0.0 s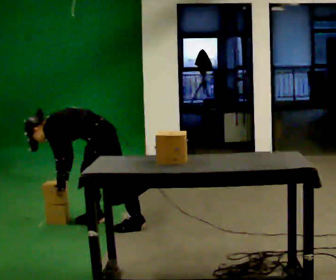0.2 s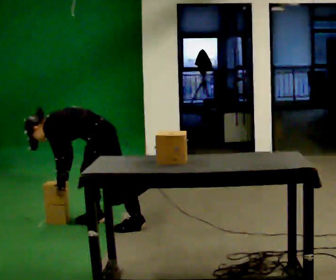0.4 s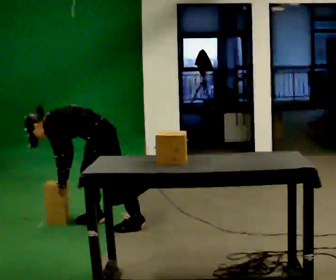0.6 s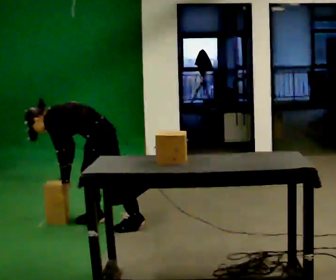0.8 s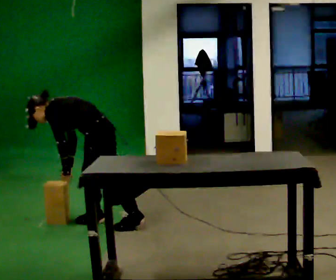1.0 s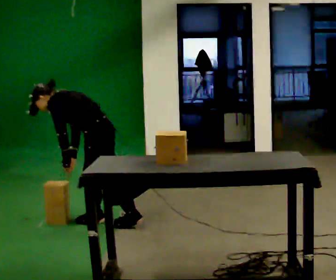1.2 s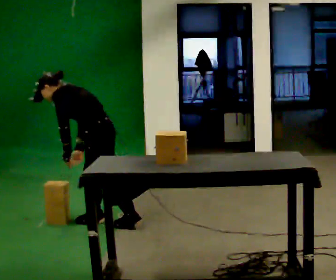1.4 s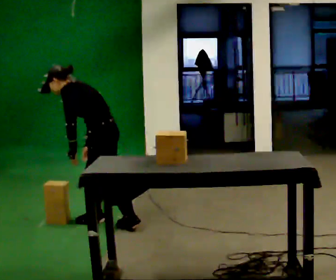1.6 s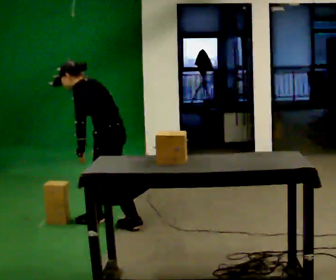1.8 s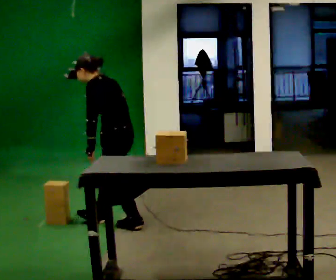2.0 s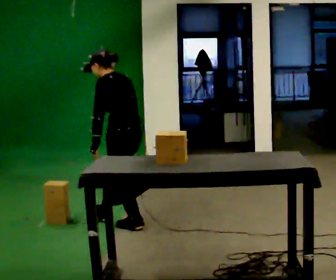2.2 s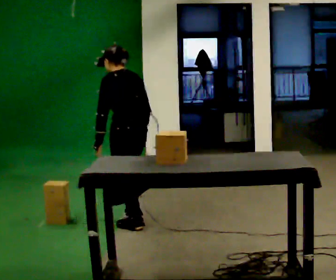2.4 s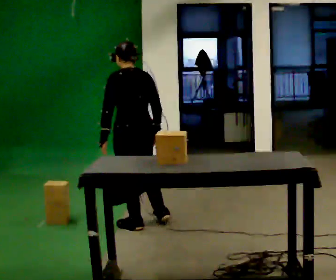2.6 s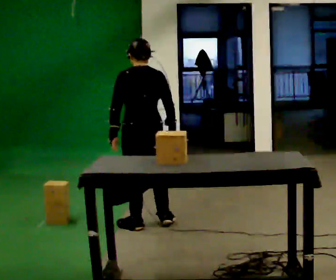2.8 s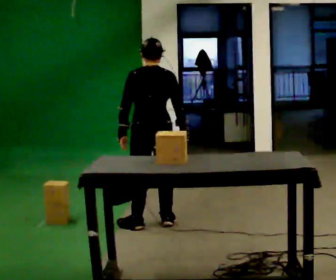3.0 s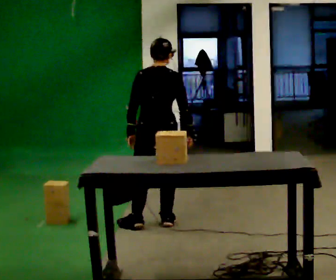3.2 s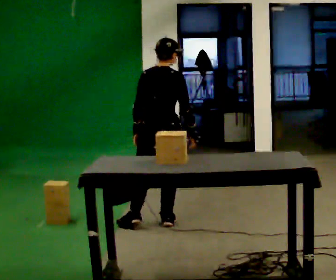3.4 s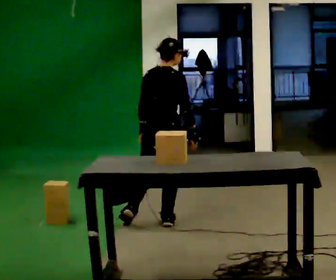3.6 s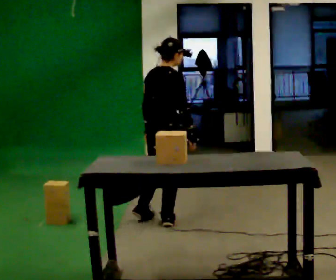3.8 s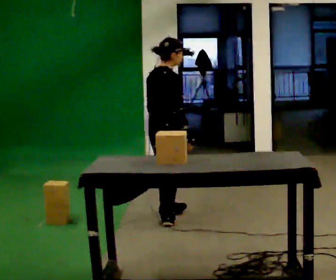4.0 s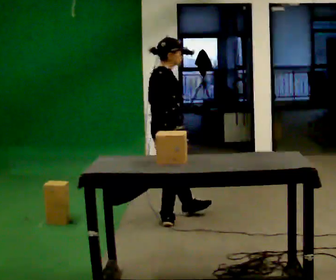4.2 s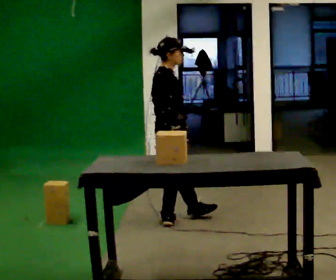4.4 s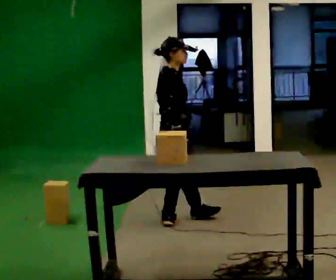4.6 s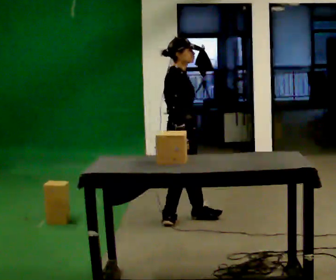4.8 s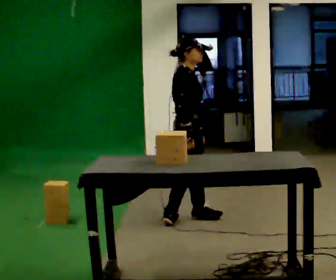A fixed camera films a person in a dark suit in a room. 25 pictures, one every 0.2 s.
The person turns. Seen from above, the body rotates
clockwise.
The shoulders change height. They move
upward.
0.0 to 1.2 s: The shoulders move upward. In the picture the upper body tilts clockwise, shoulders to the right, as they lean back or straighten.
1.2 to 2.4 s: The person turns about 60 degrees to their right, clockwise seen from above, so the part of the body nearest the lens slides to the left. In the picture they go to the right, about 0.25 m. In the picture the upper body tilts clockwise, shoulders to the right, as they lean back or straighten.
2.4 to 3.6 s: Seen from above the body turns clockwise, about 75 degrees: to their right, with its near side sliding to the left. In the picture they go to the right, about 0.25 m in 1 step. In the picture their left hand goes to the right.
3.6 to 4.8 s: The person turns about 60 degrees to their right, clockwise seen from above, so the part of the body nearest the lens slides to the left. In the picture they go to the right, about 0.25 m in 1 step, which for them is forward. In the picture their left hand goes to the right.
The film runs forward here.
